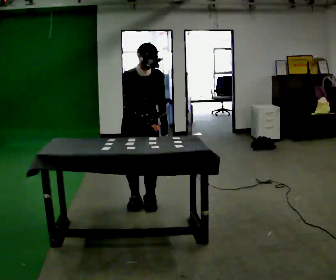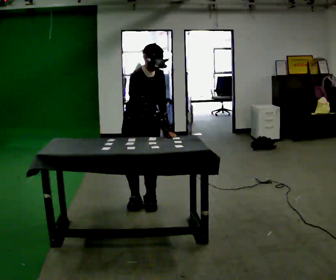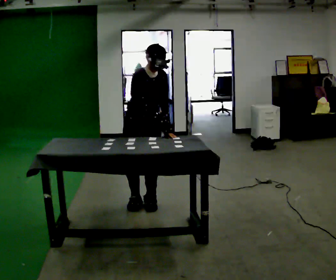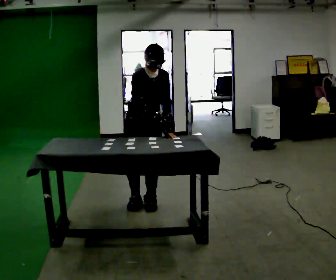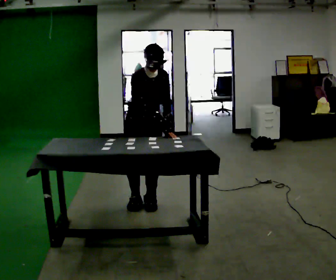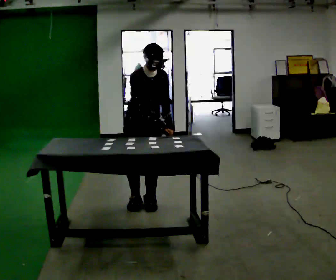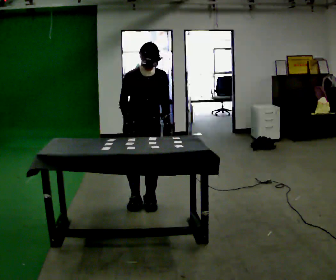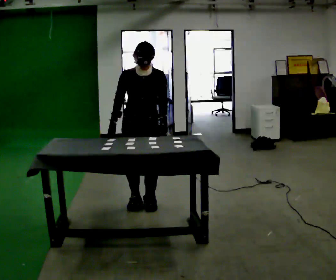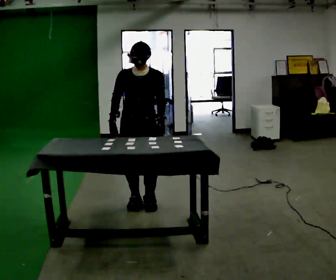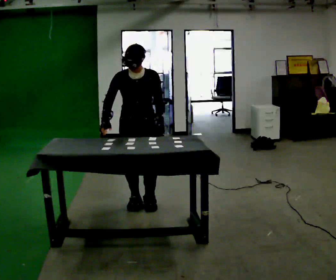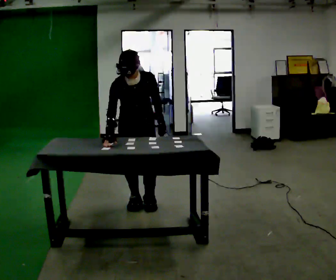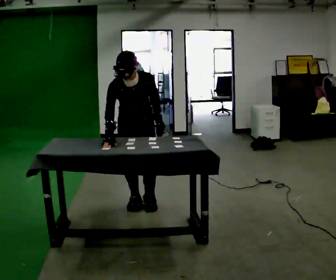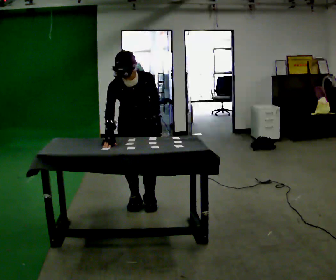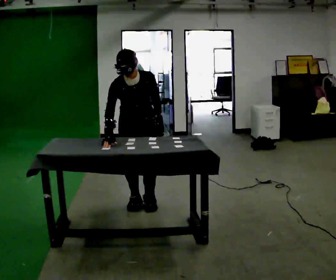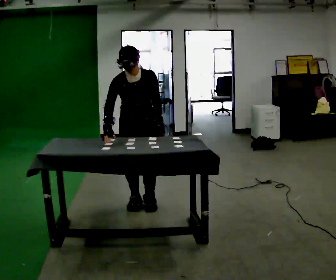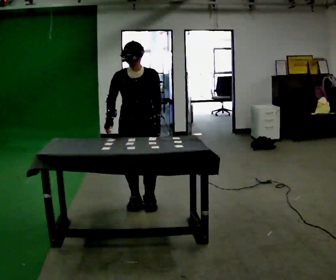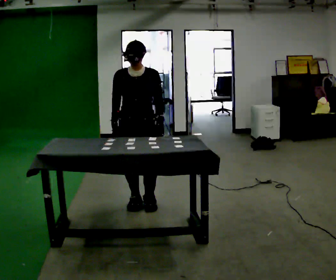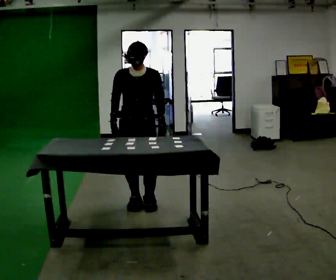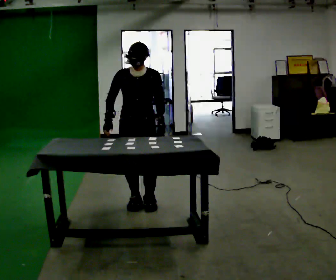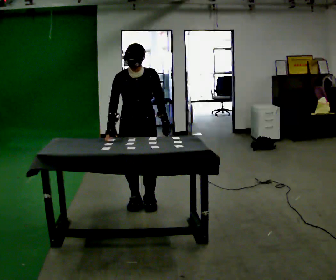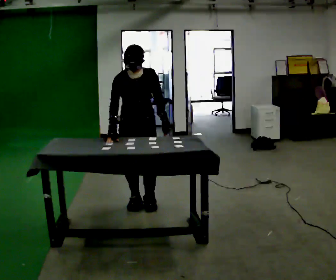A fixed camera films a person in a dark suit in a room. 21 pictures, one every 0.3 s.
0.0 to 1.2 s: The person moves a little, or ends about where they began.
1.2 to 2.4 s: The part of the body nearest the lens slides to the left as the person turns to their right by about 30 degrees. In the picture their right hand goes to the left, the arm swinging clockwise.
2.4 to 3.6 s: The upper body tips toward the camera, its near side rolling downward, as they bend forward.
3.6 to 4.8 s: The upper body tips away from the camera, its near side rolling upward, as they lean back or straighten.
4.8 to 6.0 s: The person moves a little, or ends about where they began.
The film runs forward here.
